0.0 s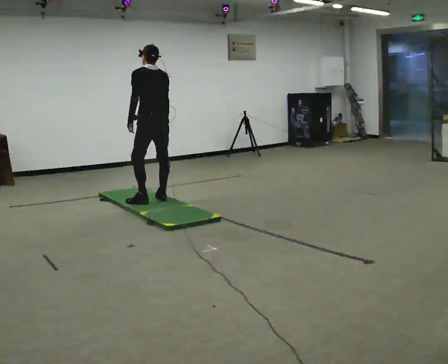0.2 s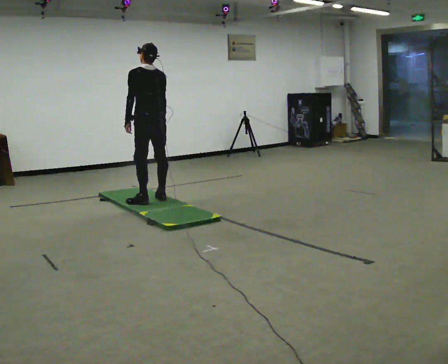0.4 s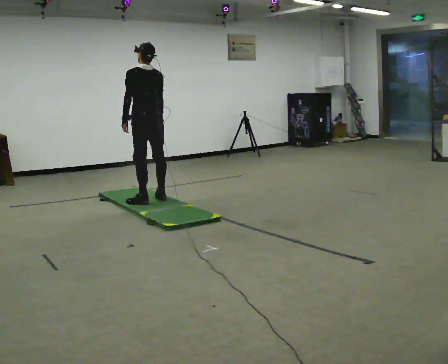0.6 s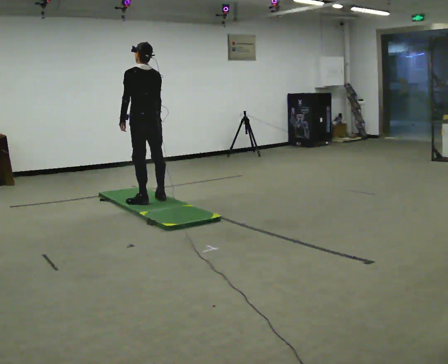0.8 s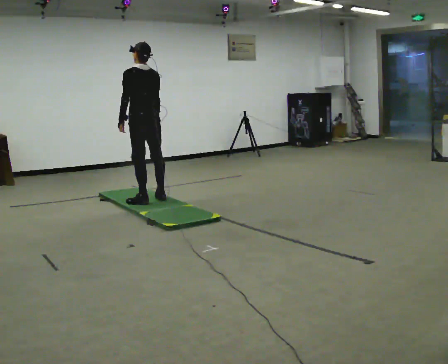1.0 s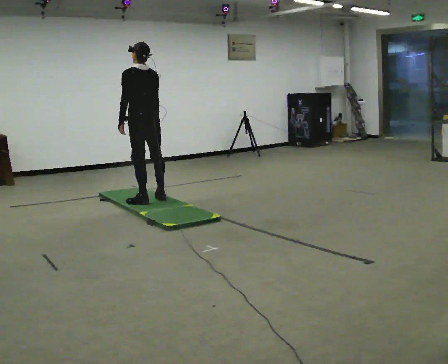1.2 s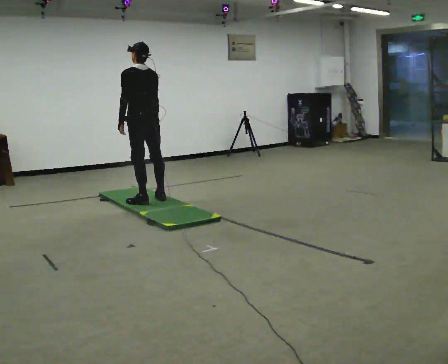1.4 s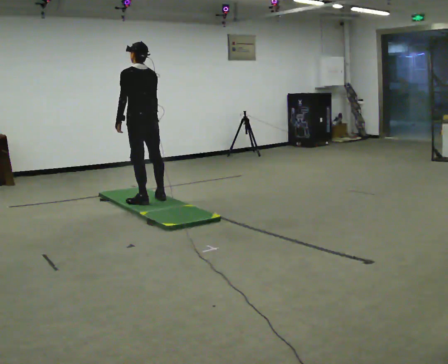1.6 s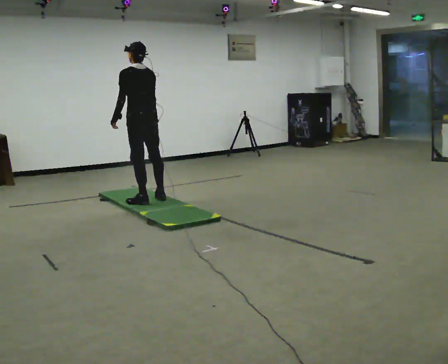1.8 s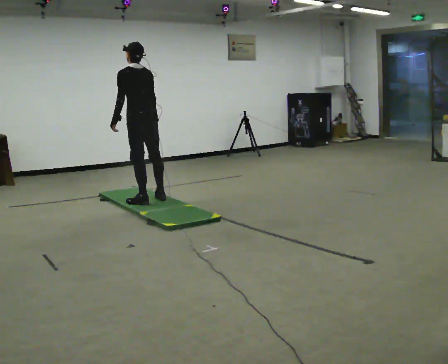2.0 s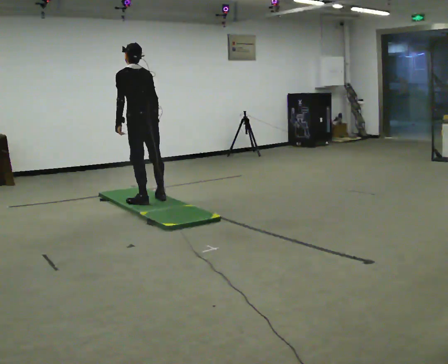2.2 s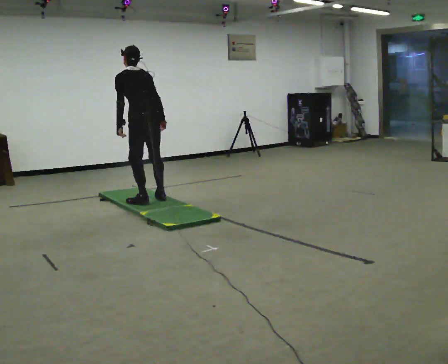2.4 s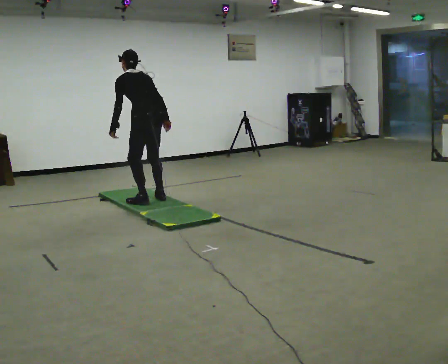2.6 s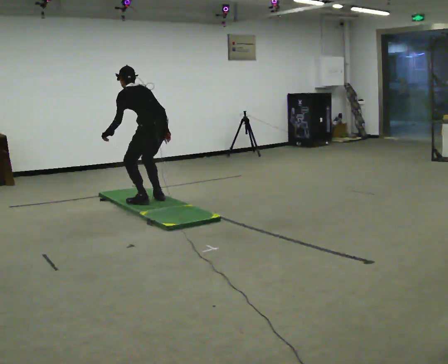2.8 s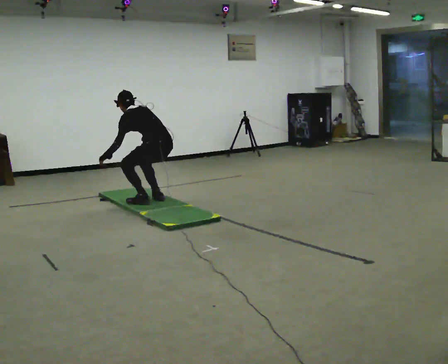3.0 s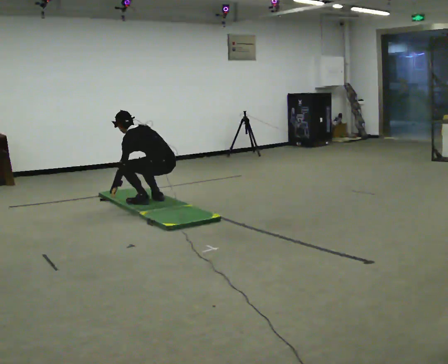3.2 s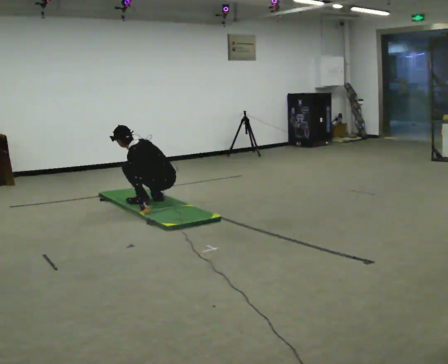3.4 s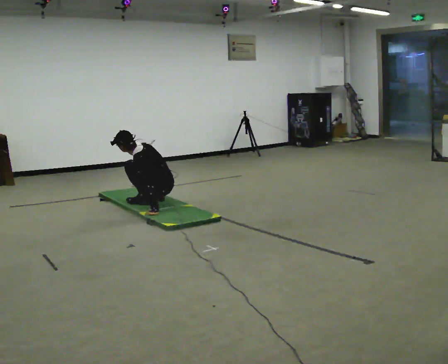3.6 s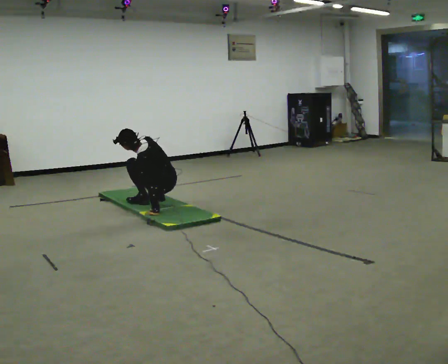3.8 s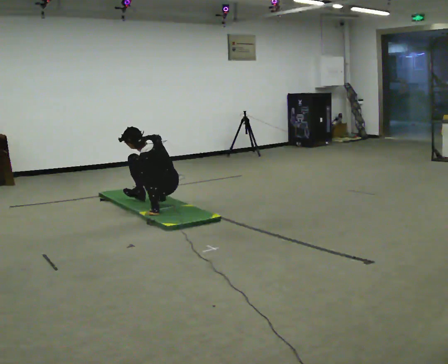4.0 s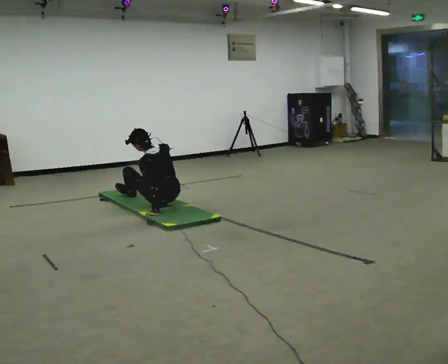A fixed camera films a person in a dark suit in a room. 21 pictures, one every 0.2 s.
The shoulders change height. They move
downward.
Their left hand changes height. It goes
downward.
0.0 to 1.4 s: The person moves a little, or ends about where they began.
1.4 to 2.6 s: The upper body goes downward. In the picture the upper body tilts counterclockwise, shoulders to the left, as they bend forward.
2.6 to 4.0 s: In the picture they go toward the camera, about 0.25 m in 1 step, which for them is backward. The upper body goes downward.
The film runs backward here.
